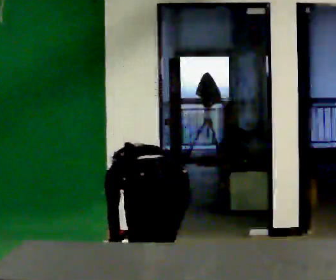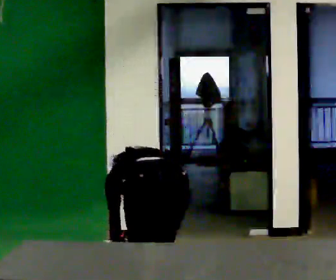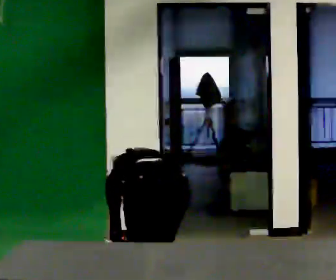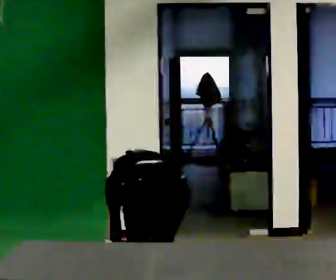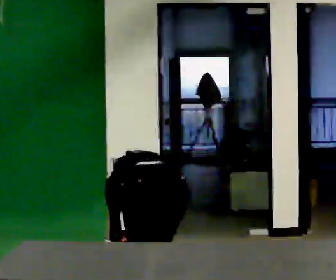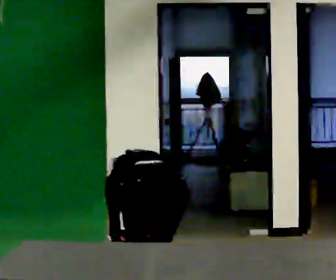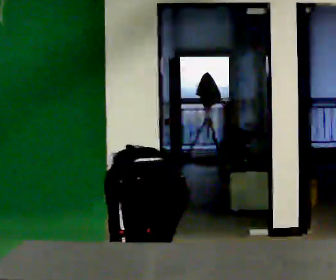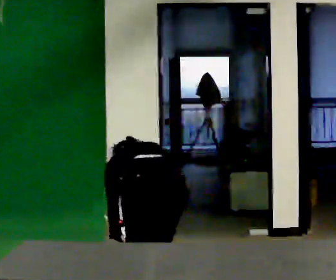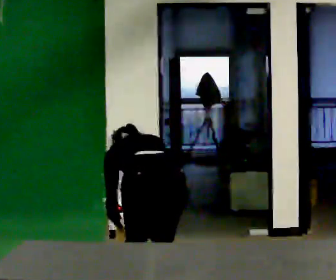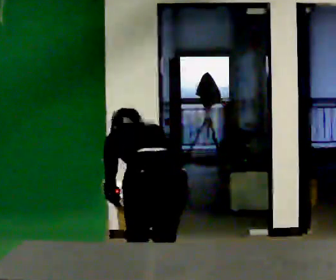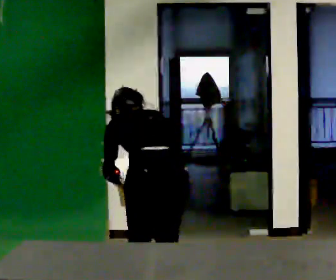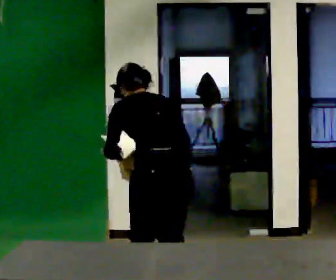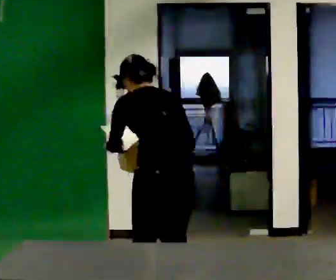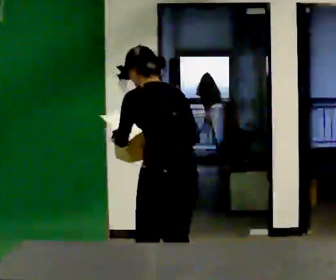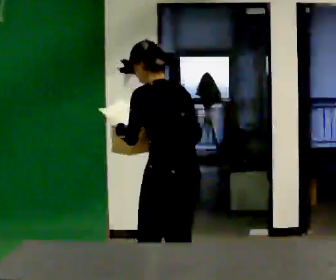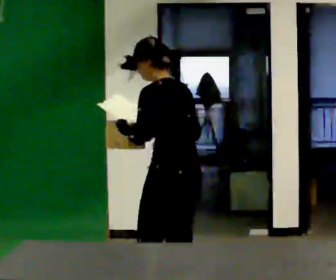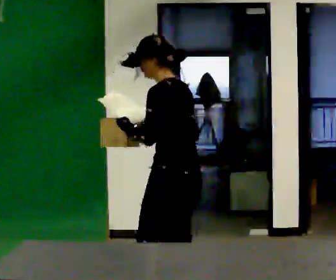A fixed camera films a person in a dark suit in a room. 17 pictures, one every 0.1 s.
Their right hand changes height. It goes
upward.
Their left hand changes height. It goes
upward.
0.0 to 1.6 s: The person turns about 45 degrees to their left, counterclockwise seen from above, so the part of the body nearest the lens slides to the right. The upper body goes upward. The upper body tips toward the camera, its near side rolling downward, as they lean back or straighten. In the picture their left hand goes upward.
The film runs forward here.
